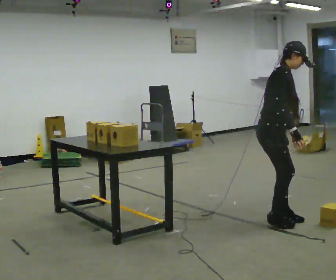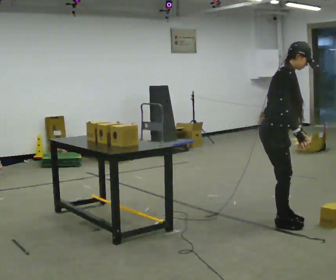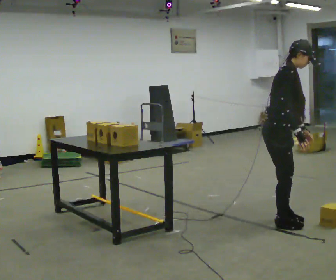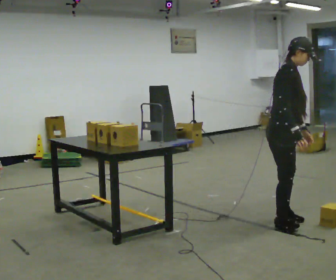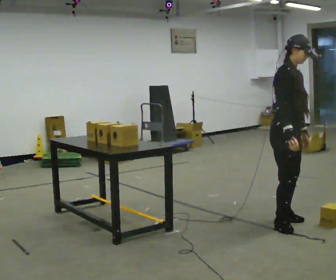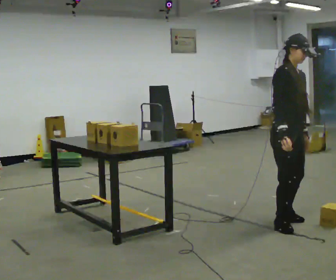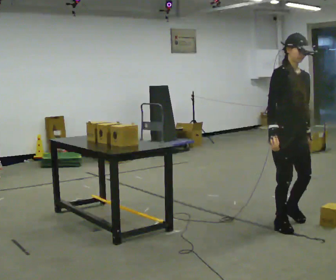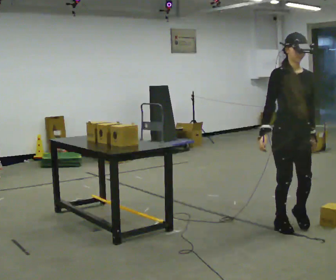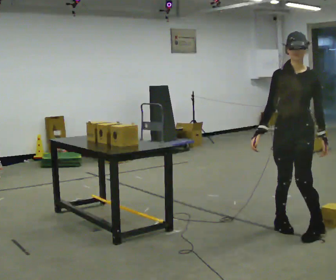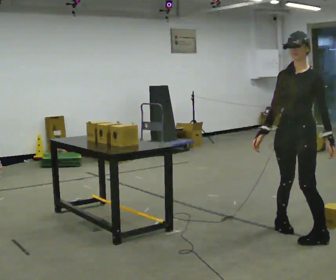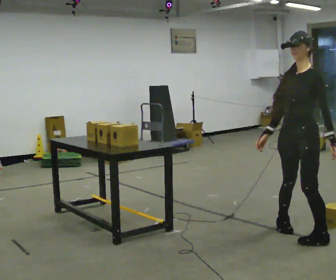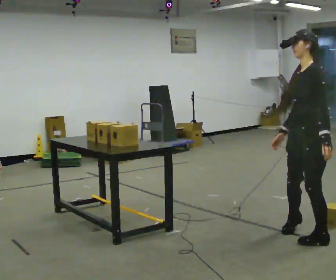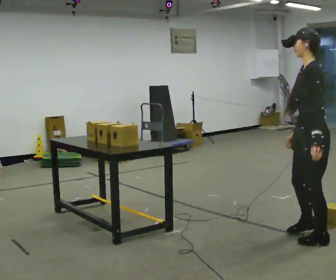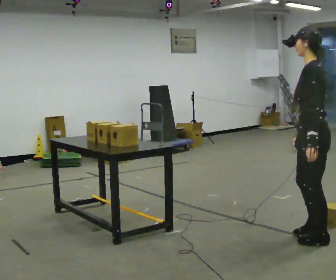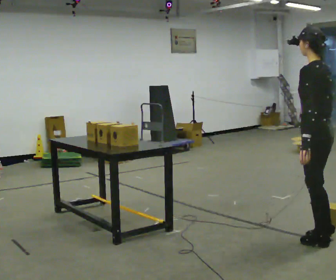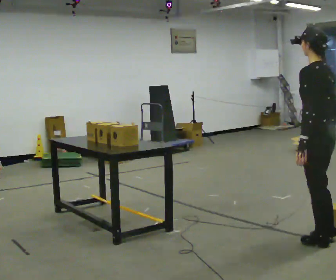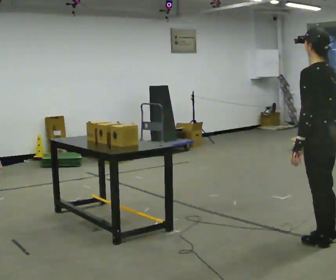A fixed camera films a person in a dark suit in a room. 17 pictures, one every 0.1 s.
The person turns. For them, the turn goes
to their right.
The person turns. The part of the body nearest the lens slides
to the left.
0.0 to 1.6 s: Seen from above the body turns clockwise, about 210 degrees: to their right, with its near side sliding to the left. In the picture they go toward the camera and to the right, about 0.75 m in 3 steps. In the picture the upper body tilts counterclockwise, shoulders to the left.
The film runs forward here.
